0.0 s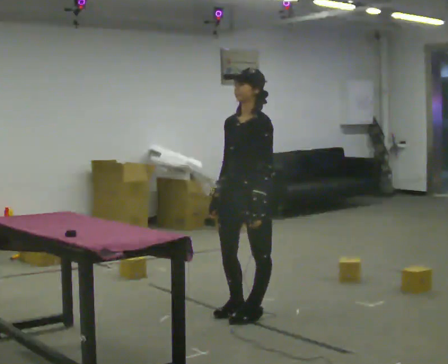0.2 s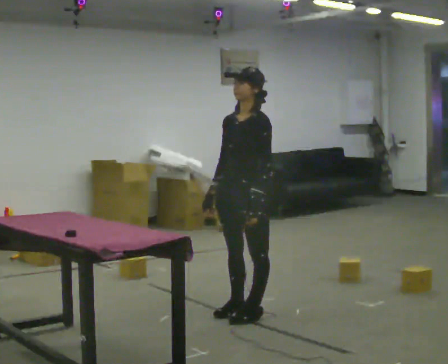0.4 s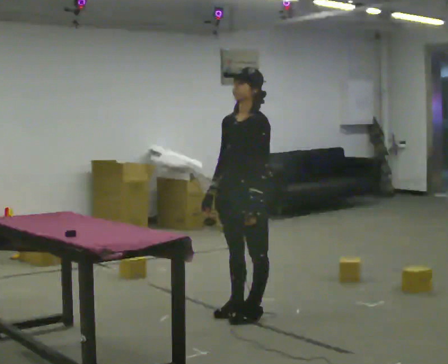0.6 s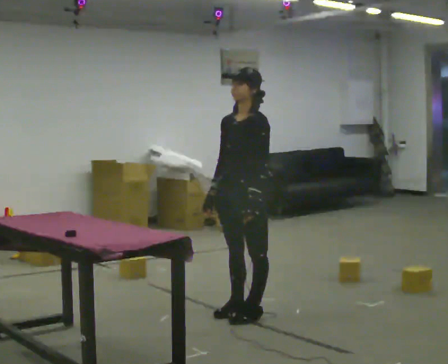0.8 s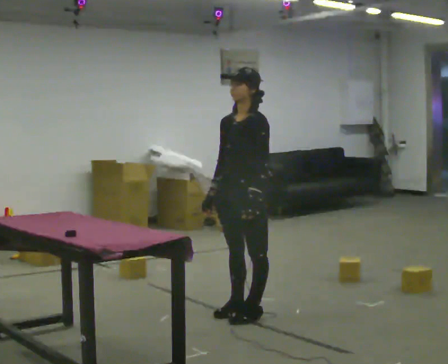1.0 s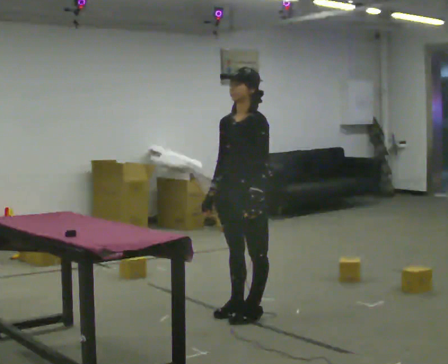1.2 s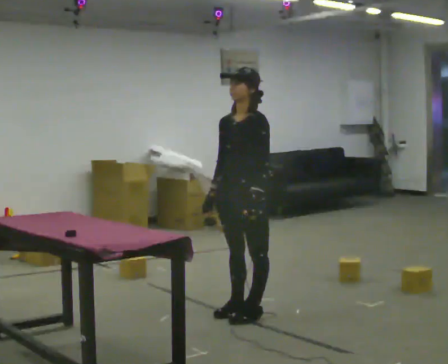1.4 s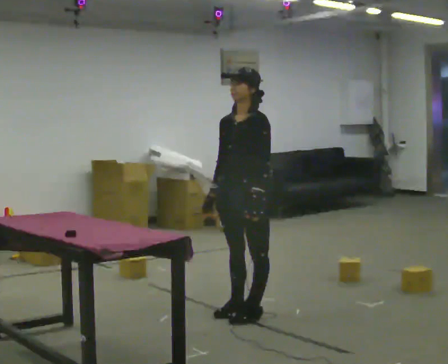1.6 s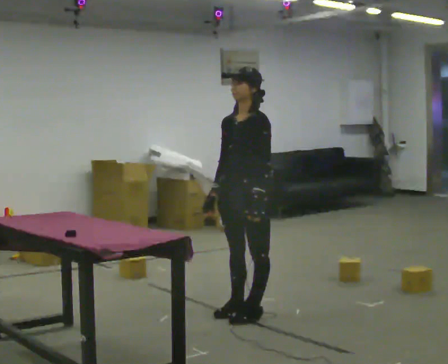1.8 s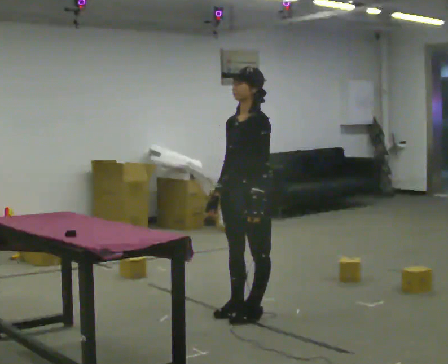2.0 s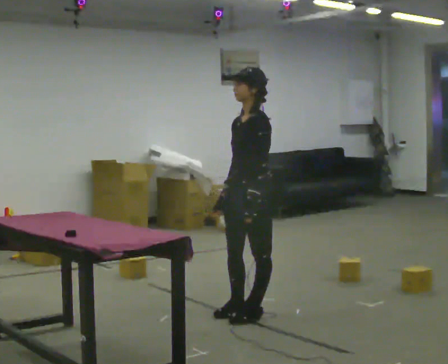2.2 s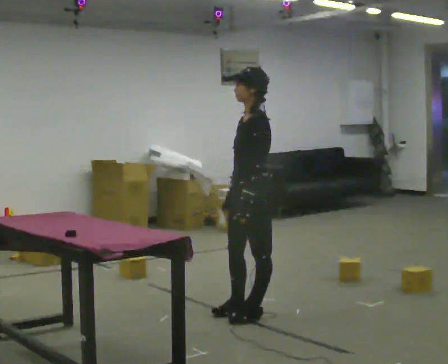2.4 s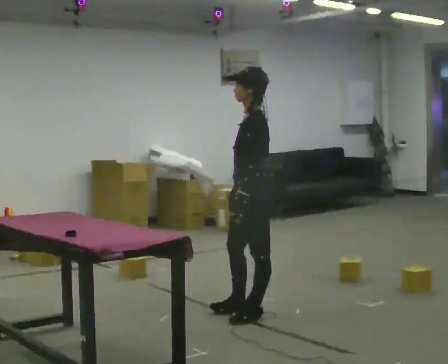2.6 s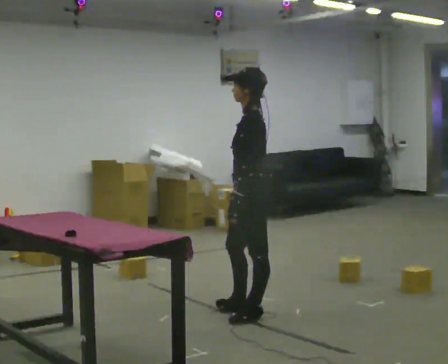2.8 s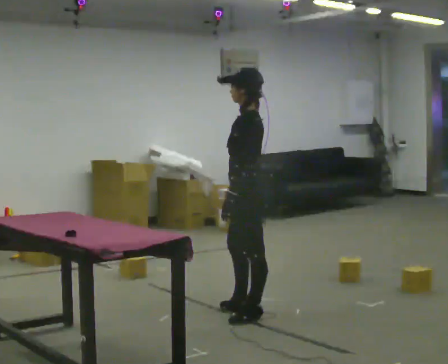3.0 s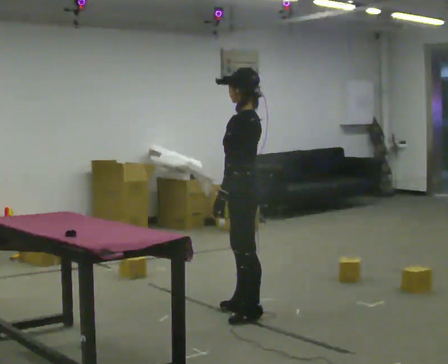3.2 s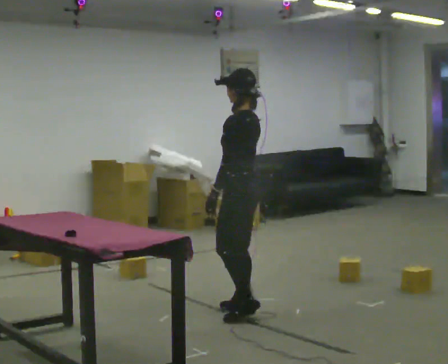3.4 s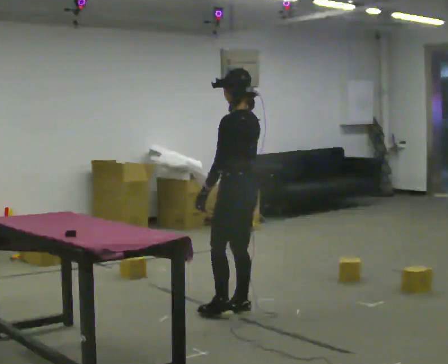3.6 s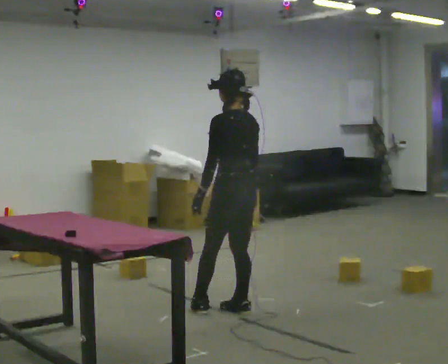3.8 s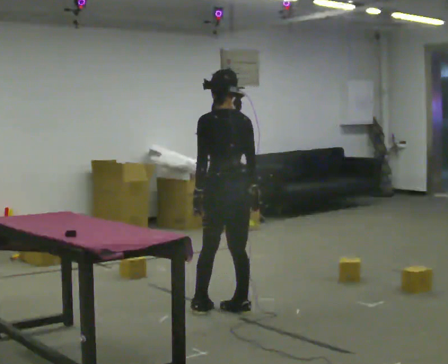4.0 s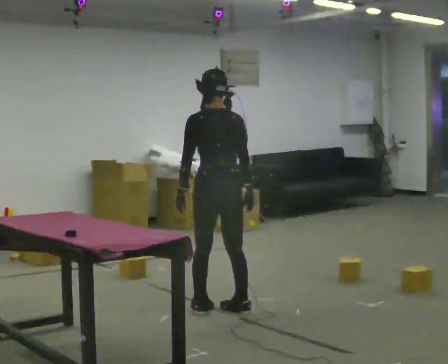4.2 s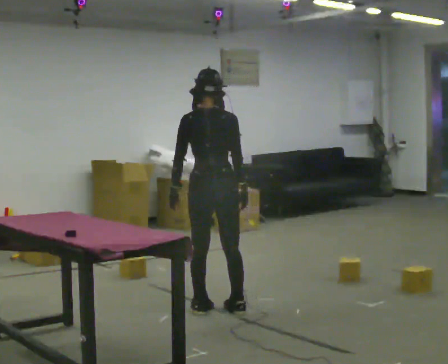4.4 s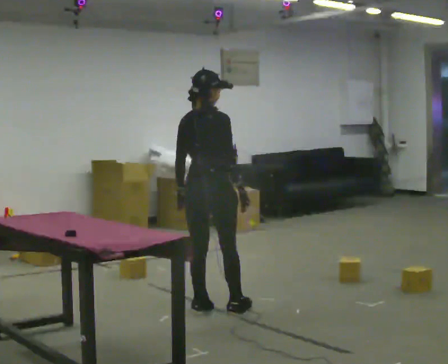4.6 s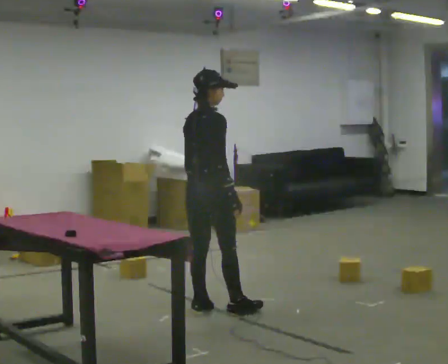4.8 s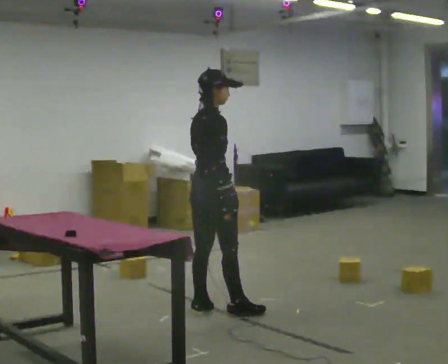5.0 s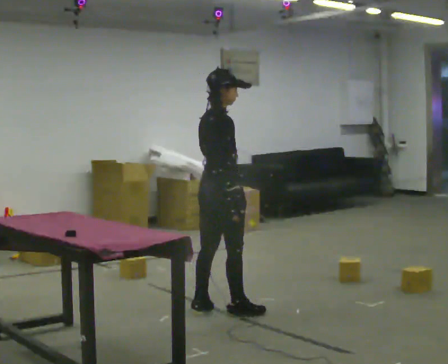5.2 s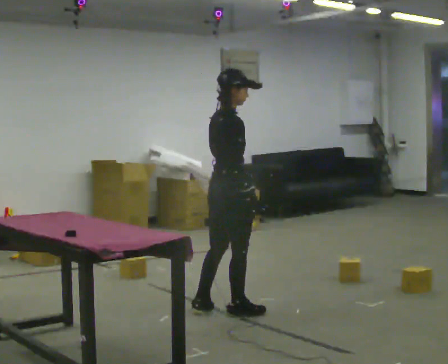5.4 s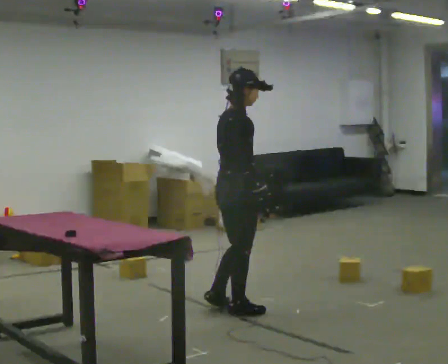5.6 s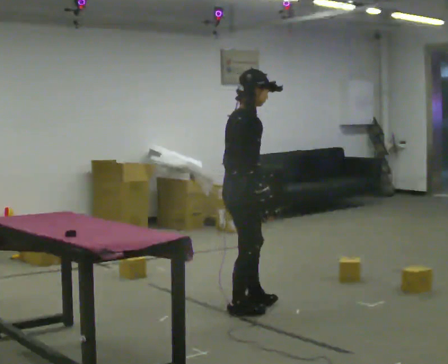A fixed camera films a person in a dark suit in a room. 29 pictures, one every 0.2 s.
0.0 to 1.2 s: The person moves a little, or ends about where they began.
1.2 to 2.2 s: The part of the body nearest the lens slides to the left as the person turns to their right by about 30 degrees.
2.2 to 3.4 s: Seen from above the body turns clockwise, about 45 degrees: to their right, with its near side sliding to the left.
3.4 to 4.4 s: Seen from above the body turns clockwise, about 90 degrees: to their right, with its near side sliding to the left. In the picture they go to the left, about 0.25 m in 1 step.
4.4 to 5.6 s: The person turns about 45 degrees to their right, clockwise seen from above, so the part of the body nearest the lens slides to the left. In the picture they go to the right, about 0.25 m, which for them is forward.
The film runs forward here.
